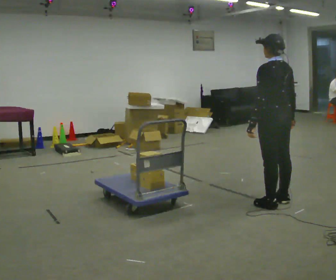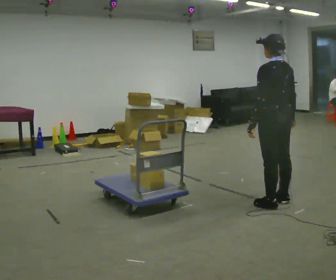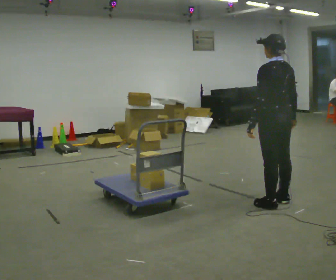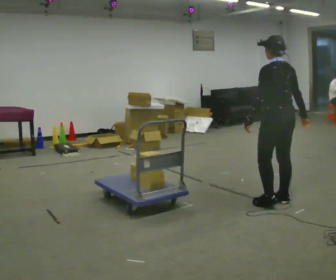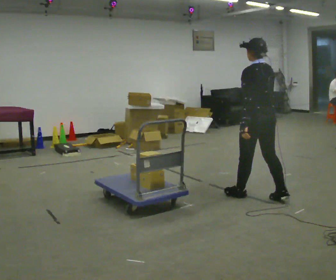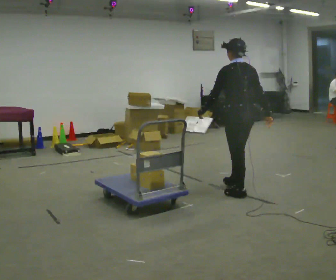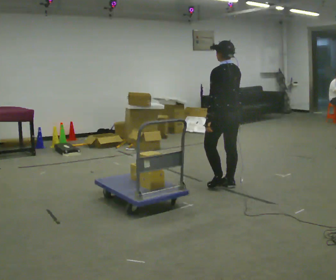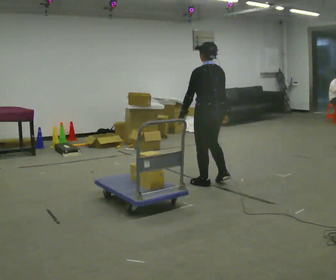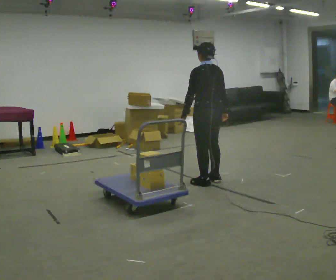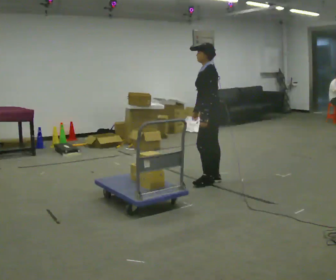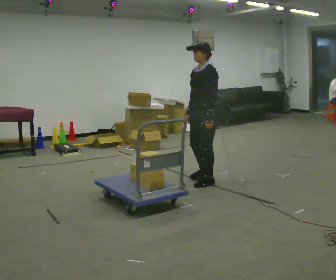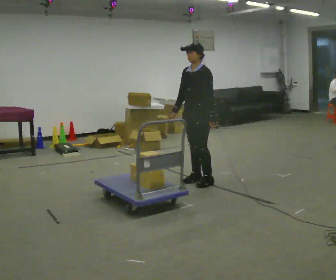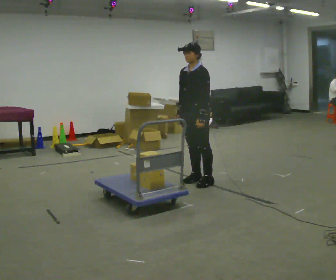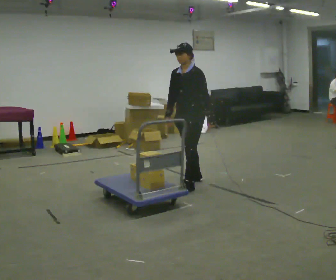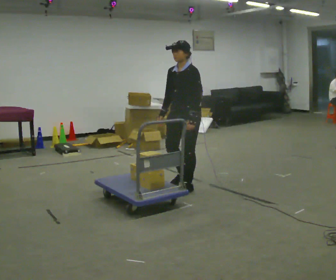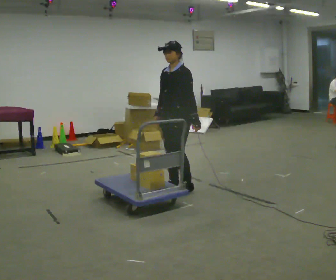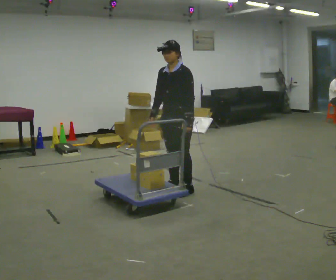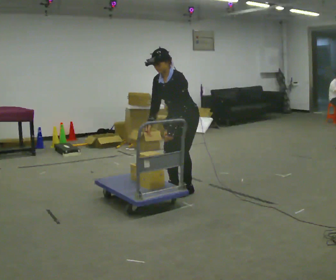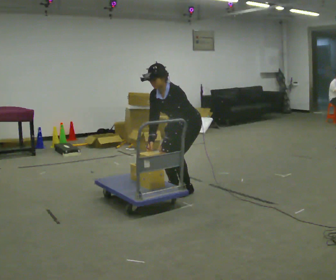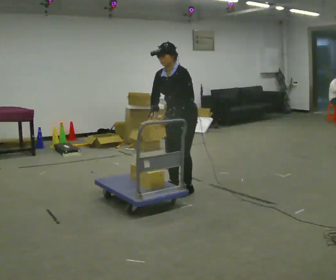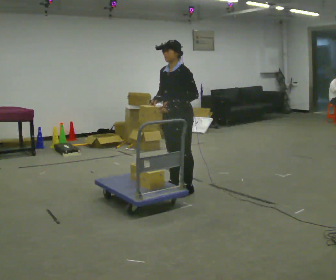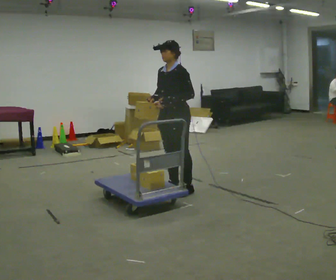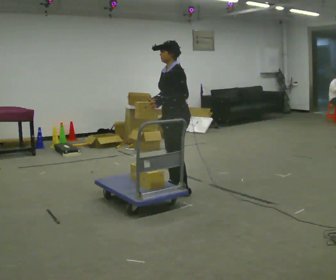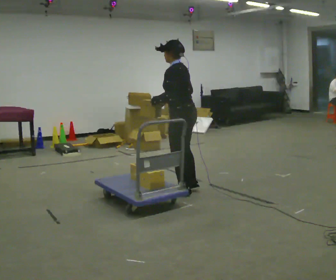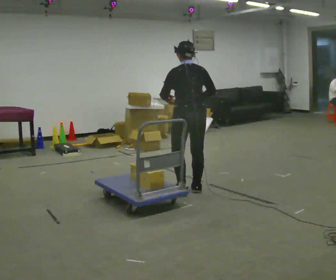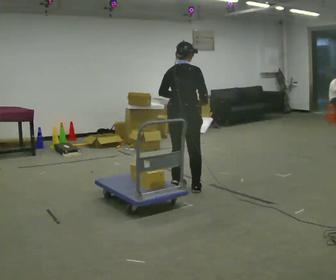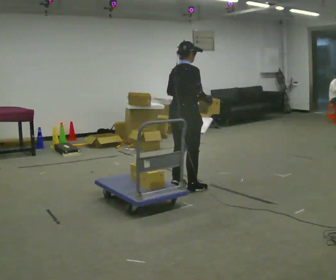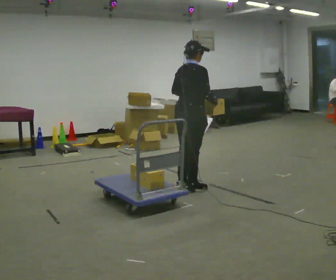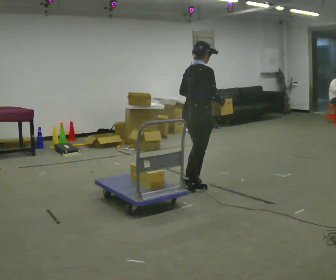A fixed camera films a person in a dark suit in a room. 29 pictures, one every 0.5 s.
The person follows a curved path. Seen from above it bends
counterclockwise.
0.0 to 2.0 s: In the picture they go away from the camera, about 0.25 m in 1 step, which for them is forward.
2.0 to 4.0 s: In the picture they go away from the camera and to the left, about 1 m in 3 steps, which for them is forward.
4.0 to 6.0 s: Seen from above the body turns counterclockwise, about 90 degrees: to their left, with its near side sliding to the right.
6.0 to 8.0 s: In the picture they go toward the camera and to the left, about 0.25 m in 2 steps, which for them is forward.
8.0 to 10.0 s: The person moves a little, or ends about where they began.
10.0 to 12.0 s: The part of the body nearest the lens slides to the left as the person turns to their right by about 105 degrees.
12.0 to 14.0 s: Seen from above the body turns clockwise, about 75 degrees: to their right, with its near side sliding to the left. In the picture their left hand goes to the right.
The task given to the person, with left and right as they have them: Load the boxes onto the cart one at a time, then take them all off again. The cart stays where it is. Keep going until the operator says stop; one object at a time, and do not rush between trips.
The film runs forward here.
